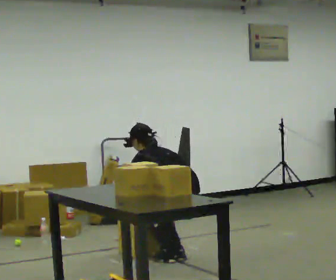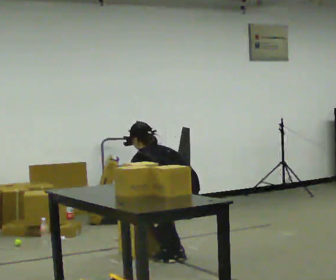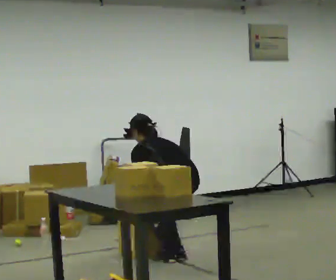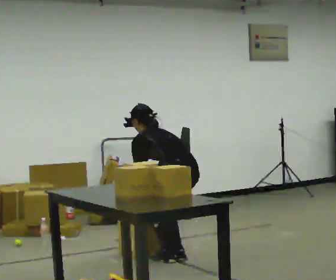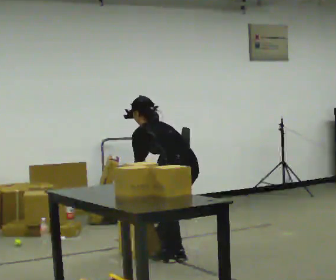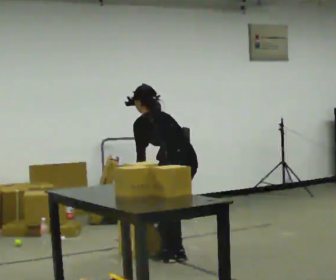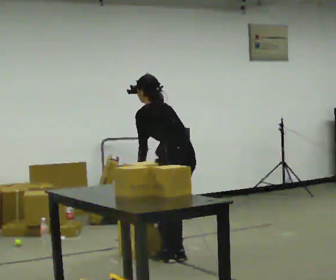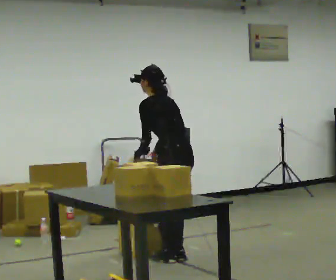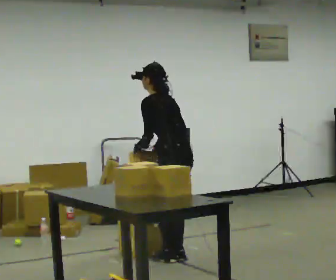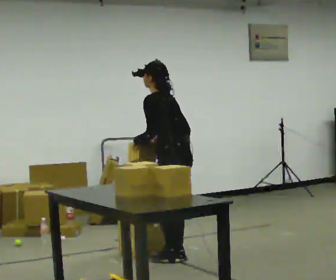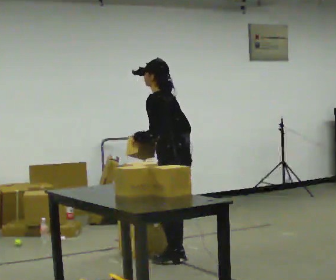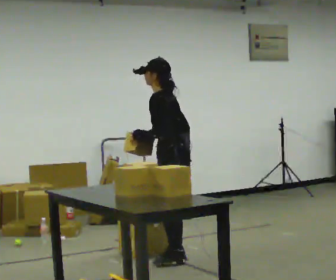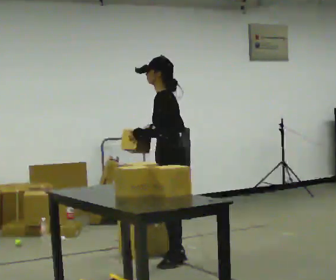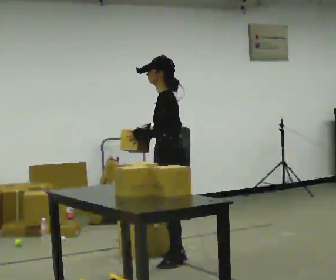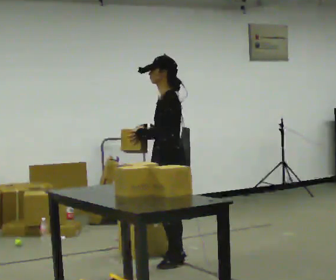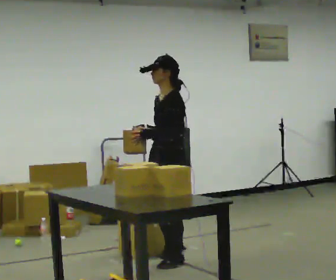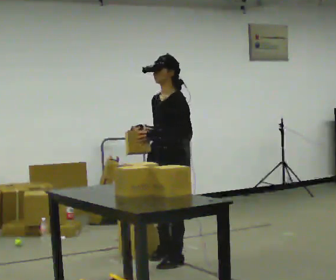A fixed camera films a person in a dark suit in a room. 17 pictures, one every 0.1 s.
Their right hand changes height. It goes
upward.
The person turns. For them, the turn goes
to their left.
0.0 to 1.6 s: Seen from above the body turns counterclockwise, about 90 degrees: to their left, with its near side sliding to the right. The shoulders move upward. The upper body tips toward the camera, its near side rolling downward, as they lean back or straighten. In the picture their right hand goes upward.
The film runs forward here.
